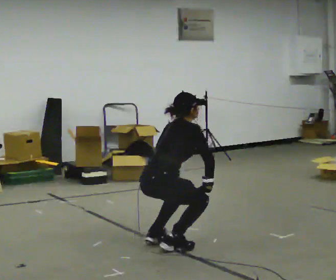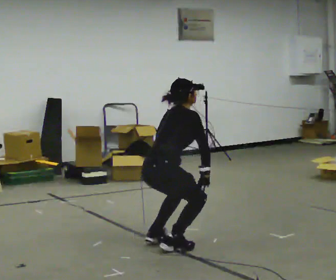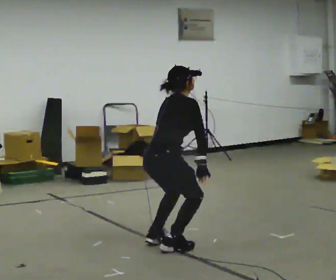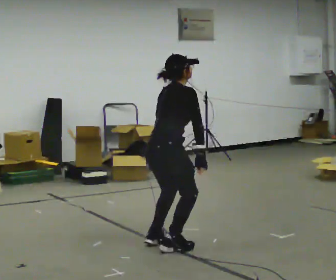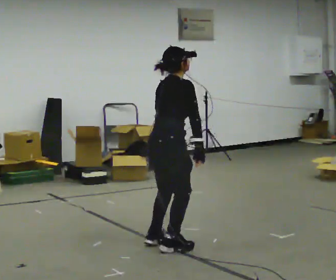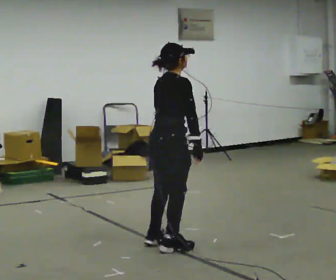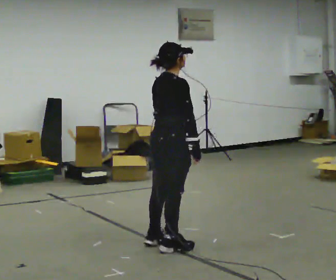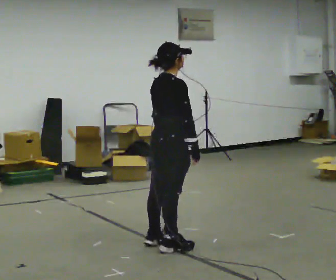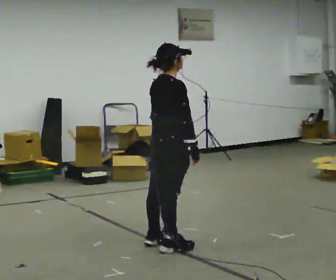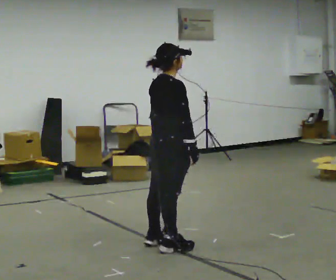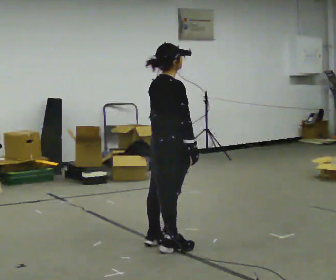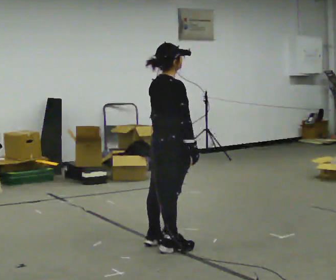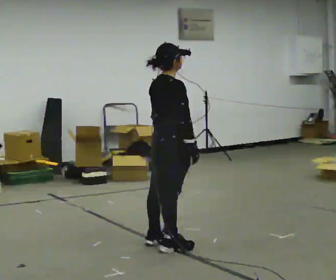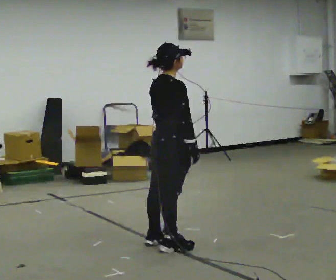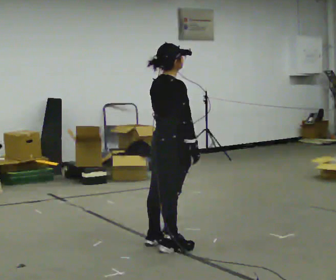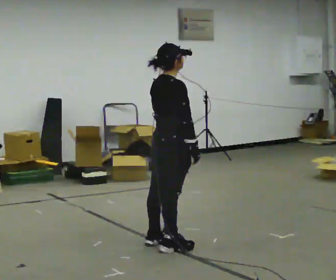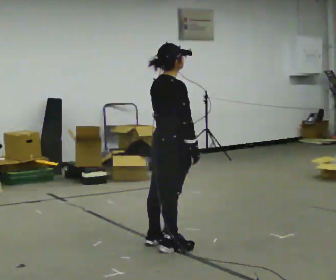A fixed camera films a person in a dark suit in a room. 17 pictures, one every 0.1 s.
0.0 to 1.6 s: The upper body goes upward. In the picture the upper body tilts counterclockwise, shoulders to the left, as they lean back or straighten.
The film runs forward here.
